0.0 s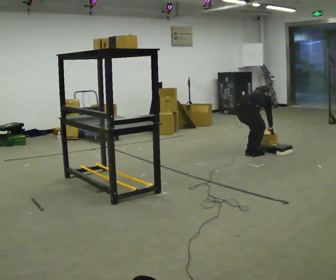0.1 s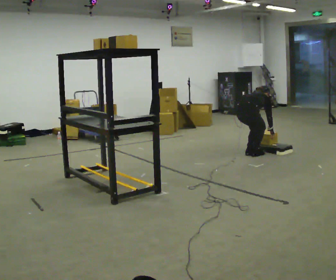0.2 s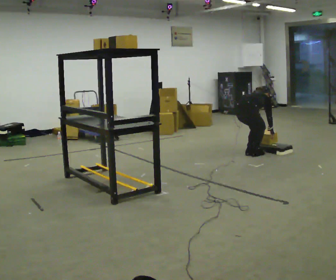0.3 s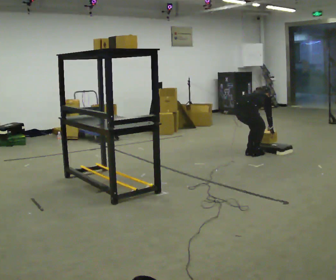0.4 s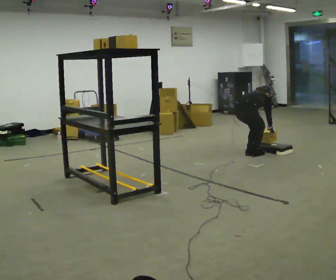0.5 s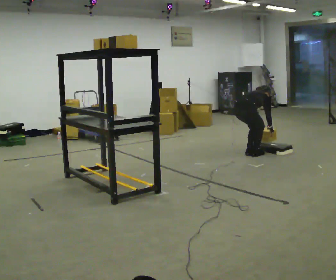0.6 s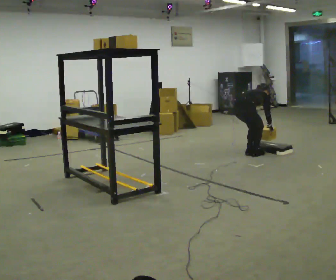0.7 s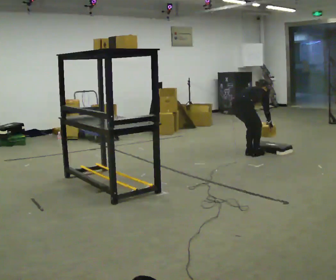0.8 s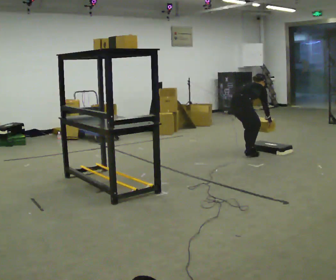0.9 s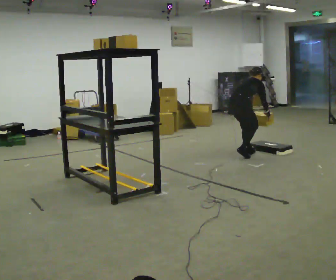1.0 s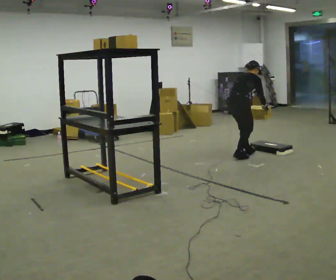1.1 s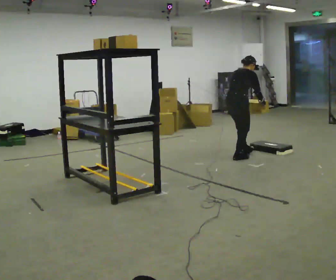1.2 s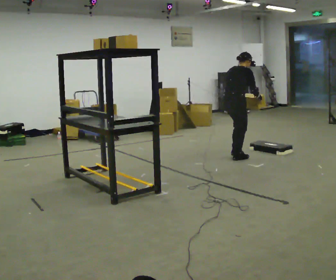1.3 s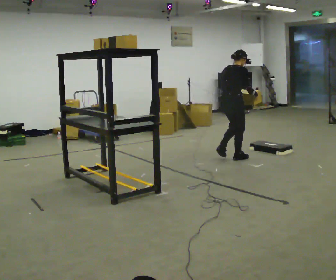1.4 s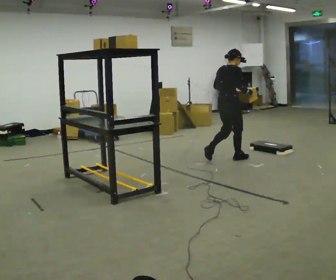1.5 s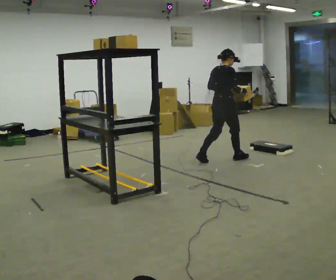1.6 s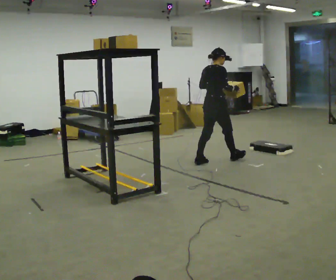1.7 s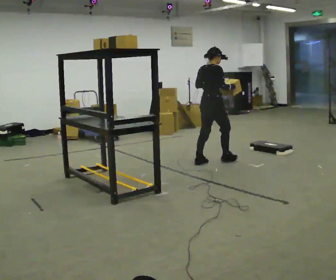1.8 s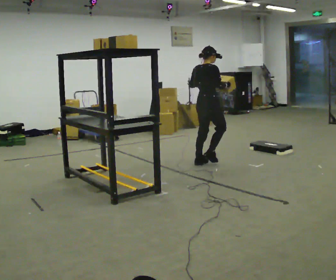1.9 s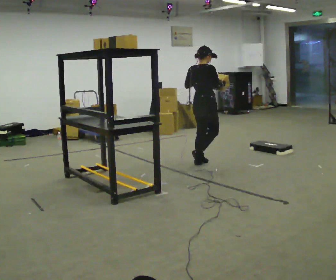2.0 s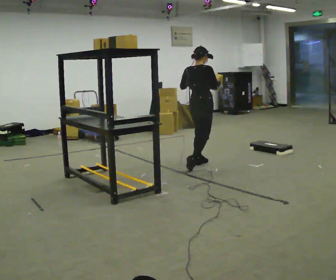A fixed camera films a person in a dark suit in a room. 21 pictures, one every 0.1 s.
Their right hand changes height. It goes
upward.
Their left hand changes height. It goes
upward.
0.0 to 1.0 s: The upper body goes upward. The upper body tips toward the camera, its near side rolling downward, as they lean back or straighten. In the picture their right hand goes upward.
1.0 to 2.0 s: In the picture they go to the left and toward the camera, about 0.5 m in 2 steps, which for them is backward. The shoulders move upward. The upper body tips toward the camera, its near side rolling downward, as they lean back or straighten. In the picture their right hand goes upward.
The film runs backward here.
